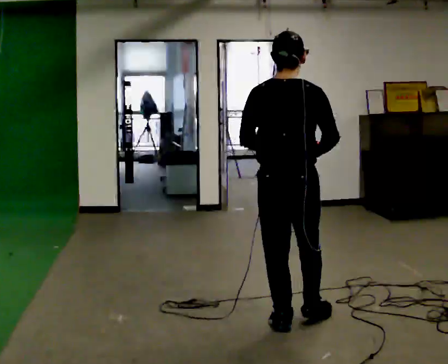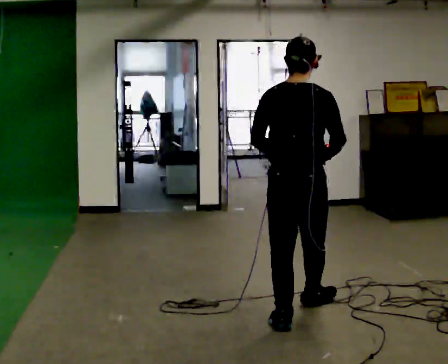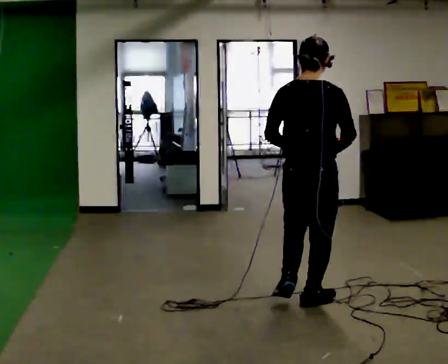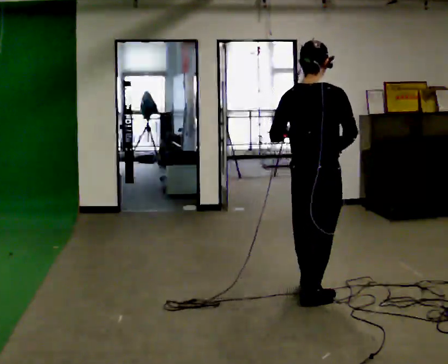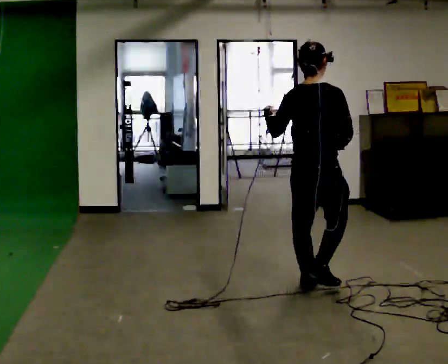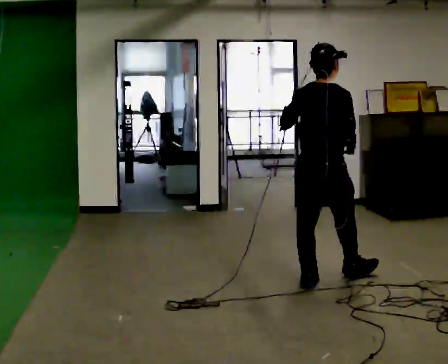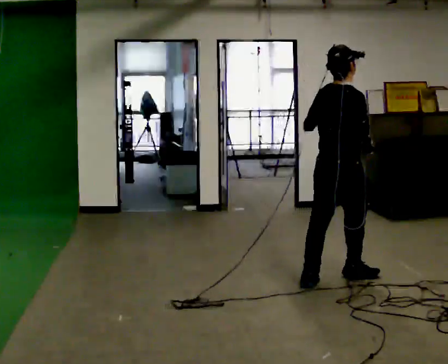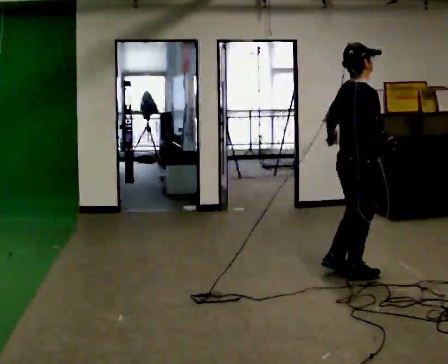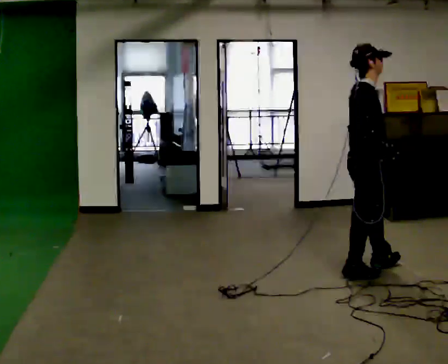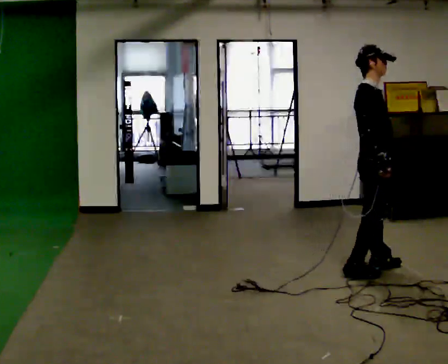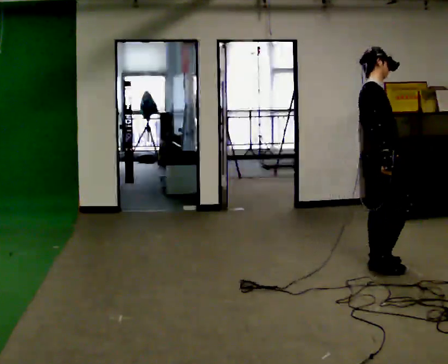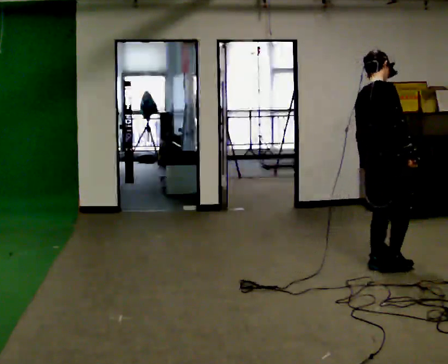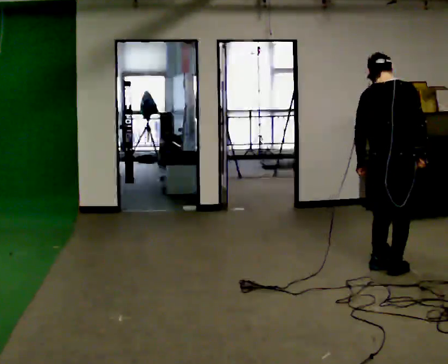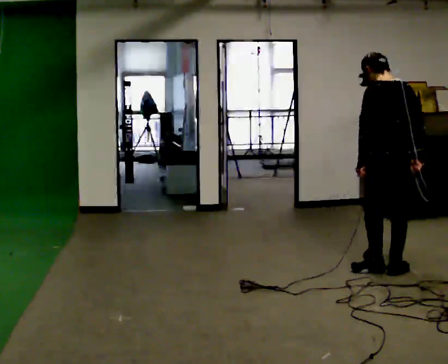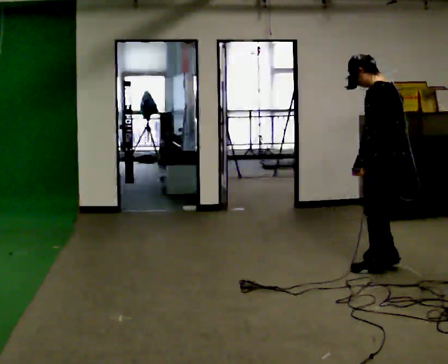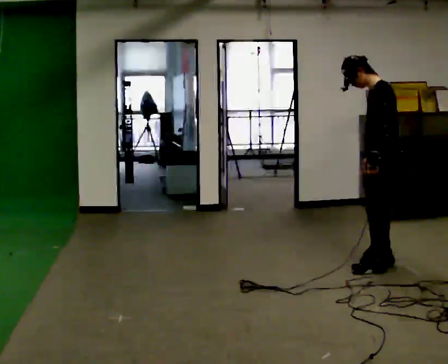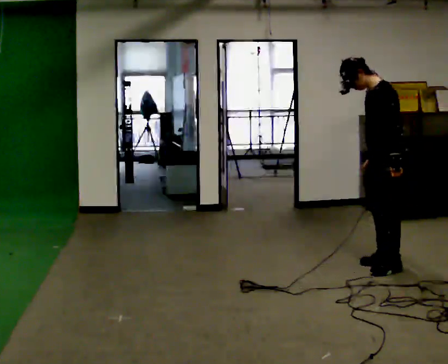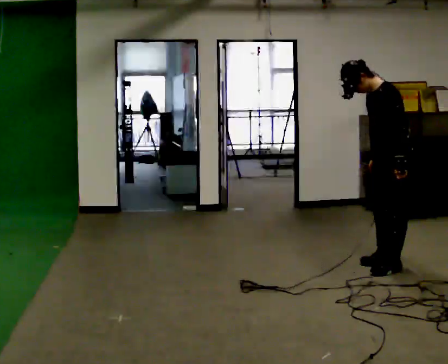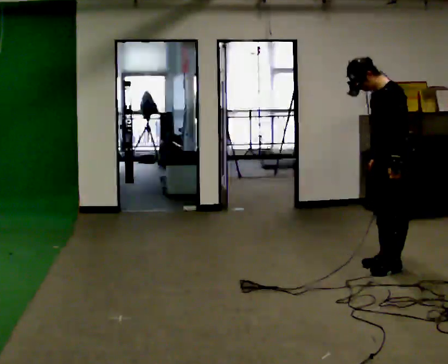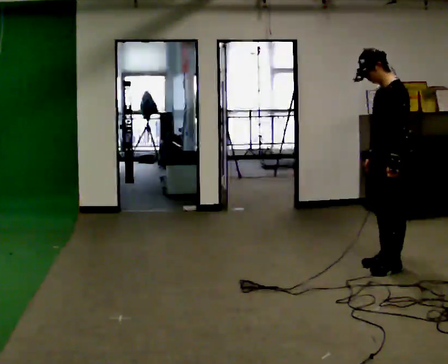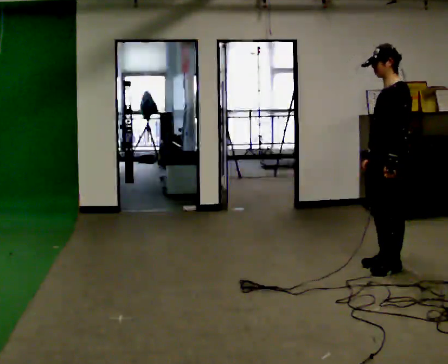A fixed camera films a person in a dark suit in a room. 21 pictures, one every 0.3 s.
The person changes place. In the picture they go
away from the camera.
0.0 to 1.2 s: The person turns about 30 degrees to their right, clockwise seen from above, so the part of the body nearest the lens slides to the left. In the picture they go away from the camera, about 1 m in 2 steps, which for them is forward.
1.2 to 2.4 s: Seen from above the body turns clockwise, about 60 degrees: to their right, with its near side sliding to the left. In the picture they go away from the camera and to the right, about 0.5 m in 2 steps.
2.4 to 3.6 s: The part of the body nearest the lens slides to the right as the person turns to their left by about 75 degrees. In the picture they go to the right, about 0.25 m in 1 step.
3.6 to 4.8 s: The person turns about 120 degrees to their left, counterclockwise seen from above, so the part of the body nearest the lens slides to the right. In the picture they go away from the camera, about 0.25 m in 1 step.
4.8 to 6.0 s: In the picture the upper body tilts clockwise, shoulders to the right.
The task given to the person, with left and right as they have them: Jog the curves and run hard along the straight sections, then ease off into the next curve. Keep going until the operator says stop.
The film runs forward here.
